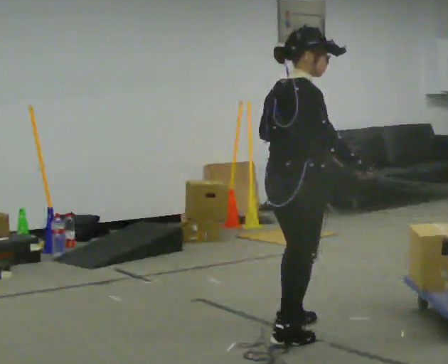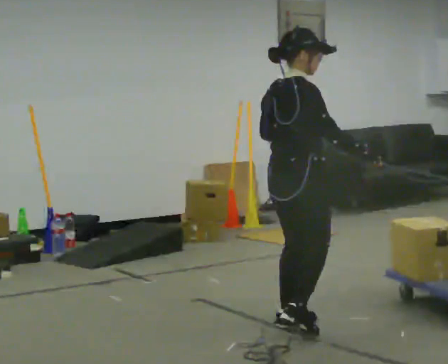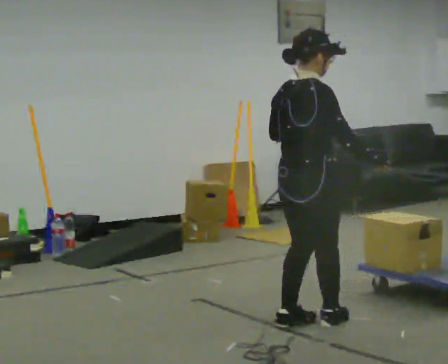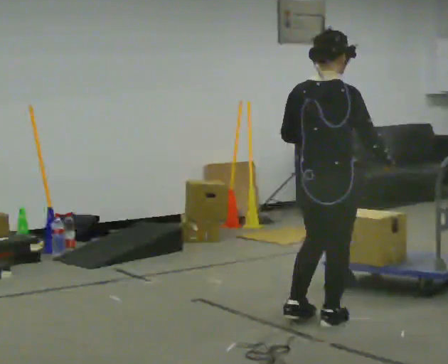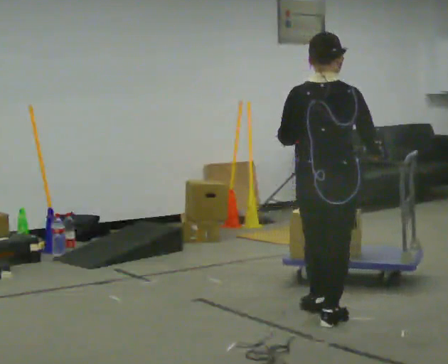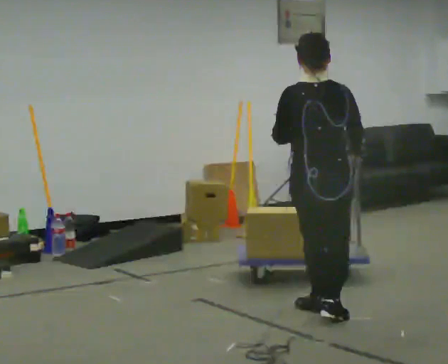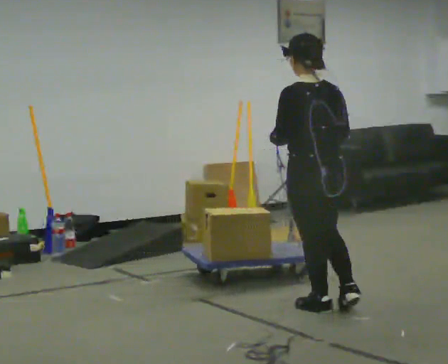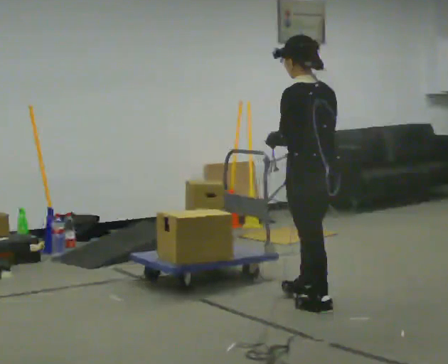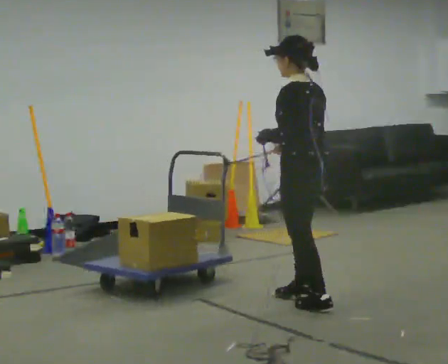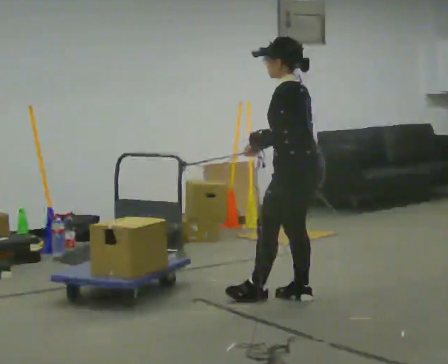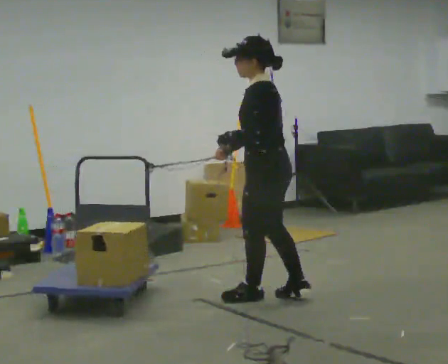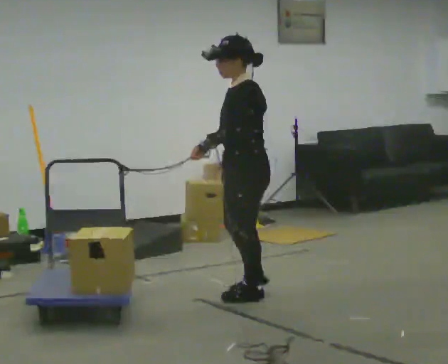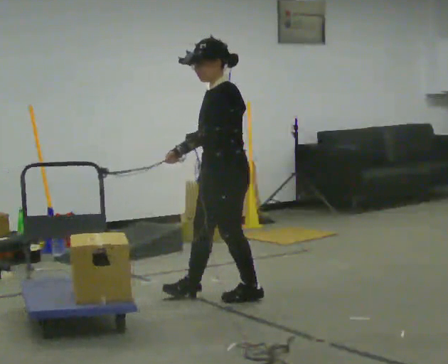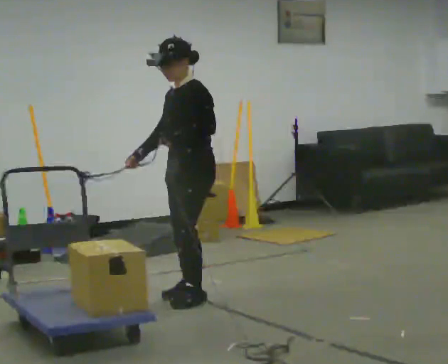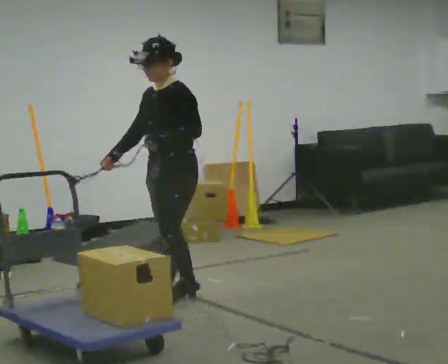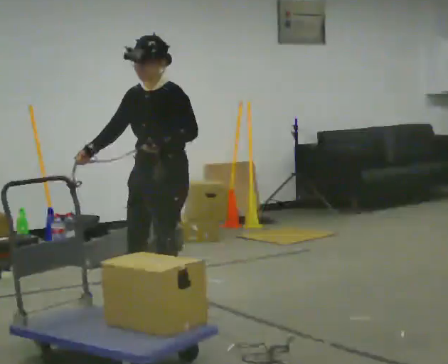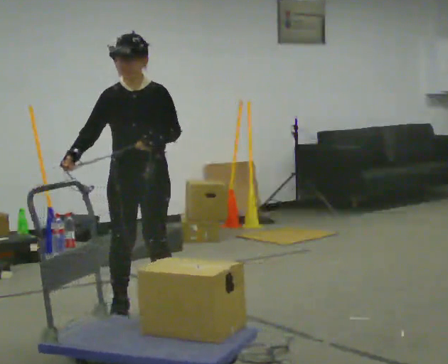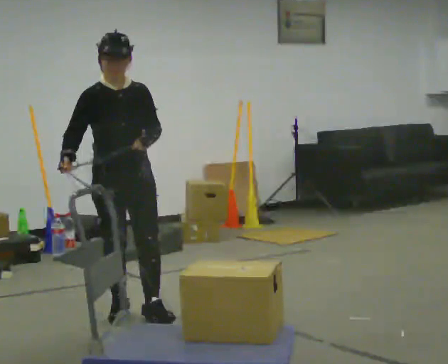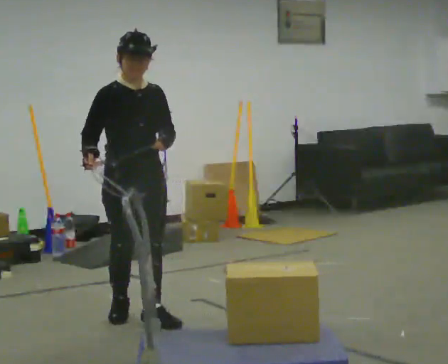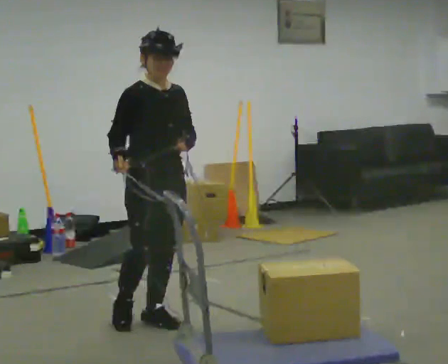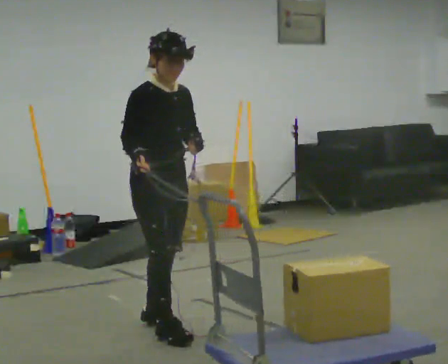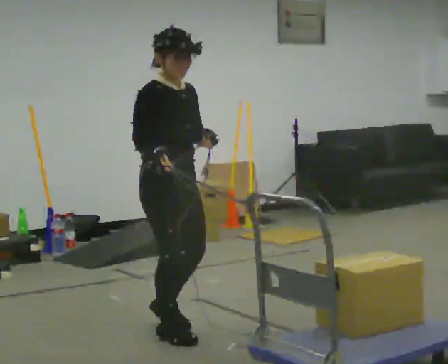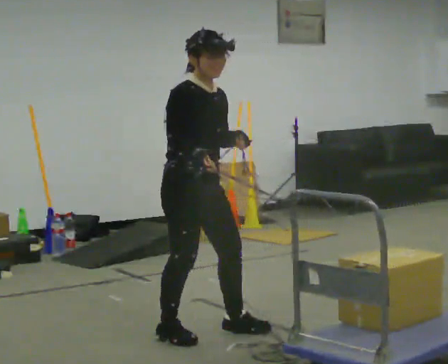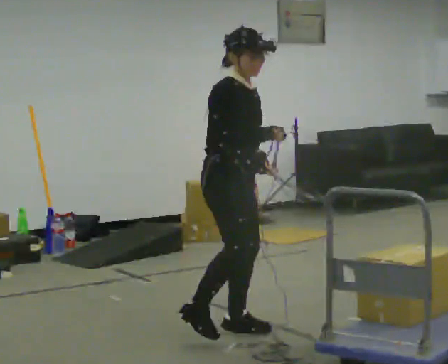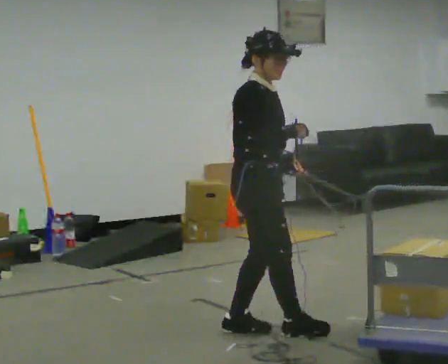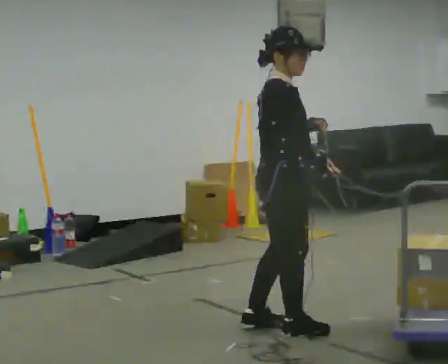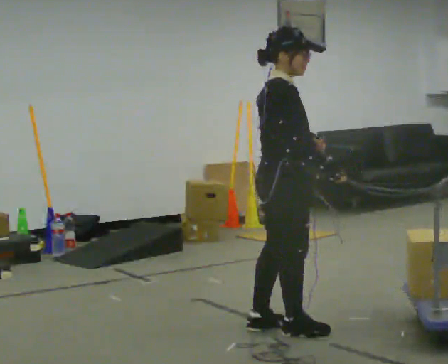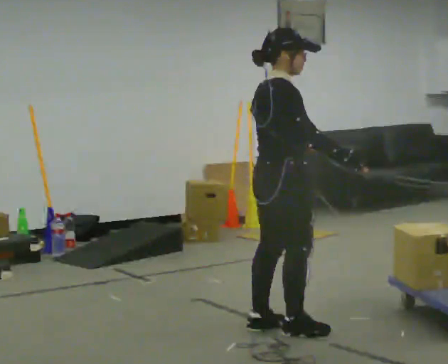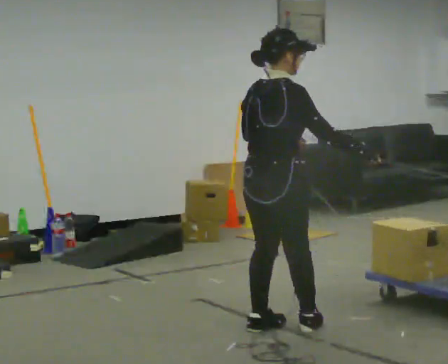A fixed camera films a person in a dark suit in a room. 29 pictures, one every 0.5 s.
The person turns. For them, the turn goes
to their left.
The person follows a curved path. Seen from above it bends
counterclockwise.
0.0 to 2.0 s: The part of the body nearest the lens slides to the right as the person turns to their left by about 45 degrees. In the picture they go to the right and away from the camera, about 0.25 m in 2 steps, which for them is forward.
2.0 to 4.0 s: Seen from above the body turns counterclockwise, about 75 degrees: to their left, with its near side sliding to the right. In the picture they go away from the camera, about 0.5 m in 1 step.
4.0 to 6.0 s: Seen from above the body turns counterclockwise, about 45 degrees: to their left, with its near side sliding to the right. In the picture they go to the left and away from the camera, about 0.5 m in 2 steps, which for them is forward.
6.0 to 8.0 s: The part of the body nearest the lens slides to the right as the person turns to their left by about 75 degrees. In the picture they go to the left, about 0.5 m in 2 steps.
8.0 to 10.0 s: Seen from above the body turns counterclockwise, about 45 degrees: to their left, with its near side sliding to the right. In the picture they go toward the camera, about 0.25 m in 2 steps, which for them is forward.
10.0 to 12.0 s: Seen from above the body turns counterclockwise, about 30 degrees: to their left, with its near side sliding to the right. In the picture they go to the right, about 0.5 m in 2 steps, which for them is forward and to their left.
12.0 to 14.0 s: Seen from above the body turns counterclockwise, about 60 degrees: to their left, with its near side sliding to the right. In the picture their right hand goes to the right.
The film runs backward here.
